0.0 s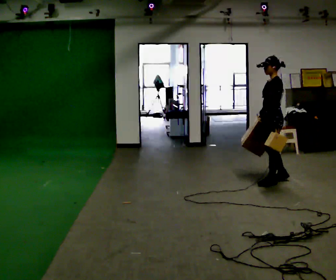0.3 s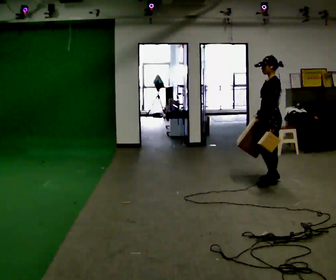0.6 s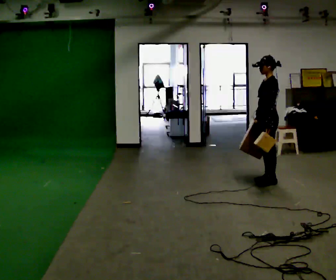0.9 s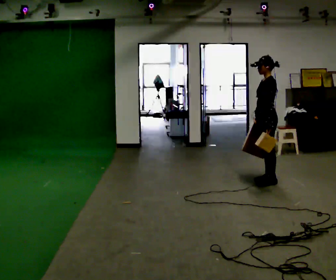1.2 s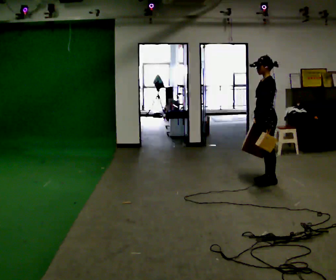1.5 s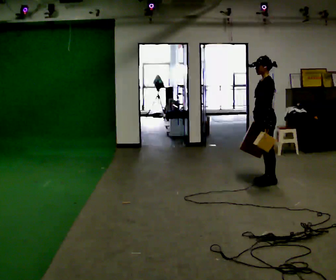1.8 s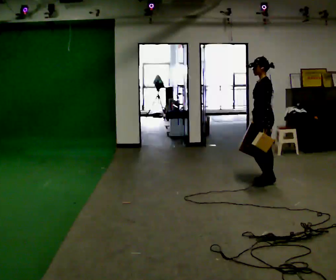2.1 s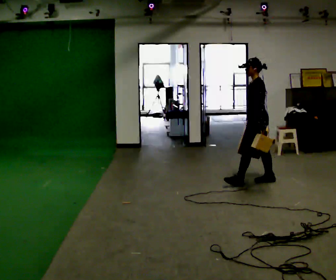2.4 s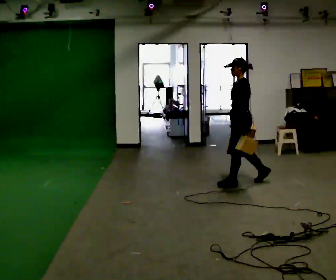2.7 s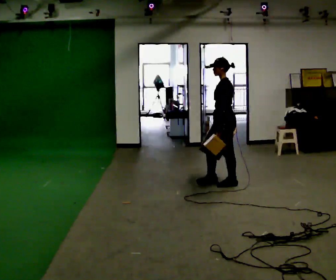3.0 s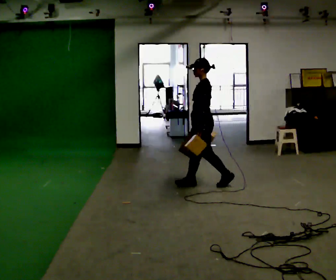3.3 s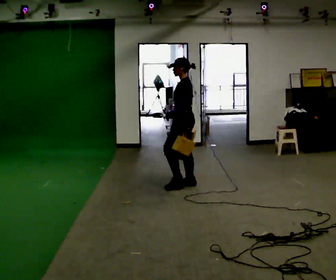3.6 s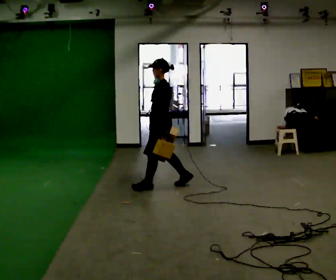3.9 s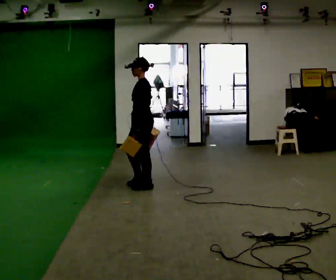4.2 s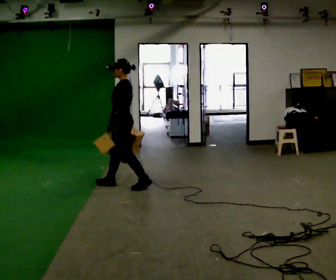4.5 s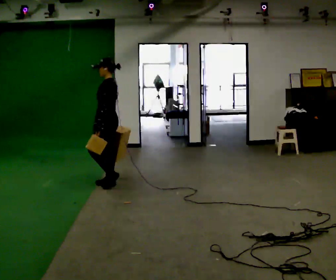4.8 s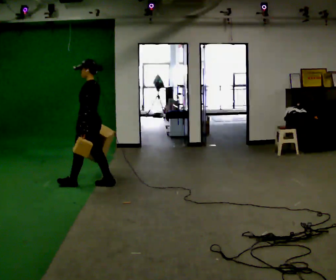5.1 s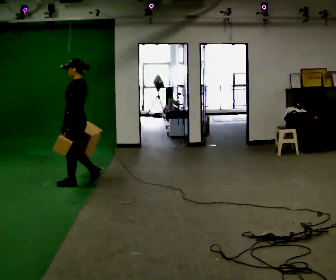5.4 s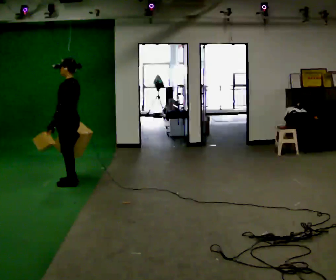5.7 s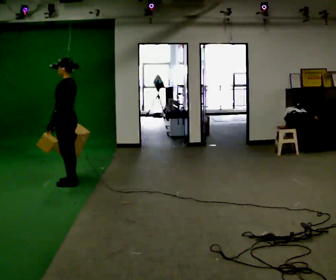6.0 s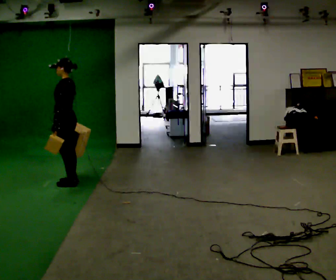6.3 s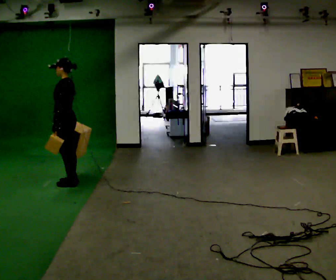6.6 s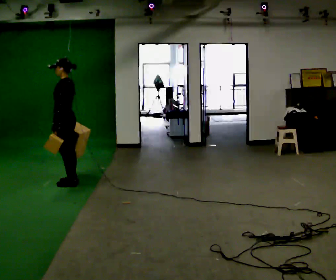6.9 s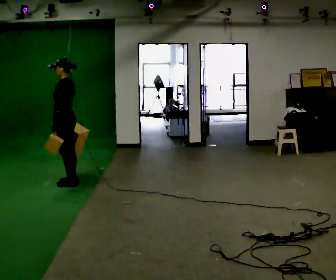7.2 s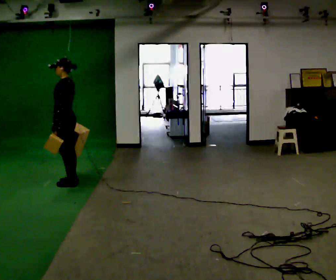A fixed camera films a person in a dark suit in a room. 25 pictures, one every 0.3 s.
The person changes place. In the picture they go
to the left.
0.0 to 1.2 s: The person moves a little, or ends about where they began.
1.2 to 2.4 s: In the picture they go to the left, about 0.25 m in 1 step, which for them is forward.
2.4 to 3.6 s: In the picture they go to the left, about 1 m in 2 steps, which for them is forward.
3.6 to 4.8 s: In the picture they go to the left, about 1 m in 2 steps, which for them is forward.
4.8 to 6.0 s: In the picture they go to the left, about 0.25 m in 1 step, which for them is forward.
6.0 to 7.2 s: The person keeps their place and pose.
The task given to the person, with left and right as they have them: Carry one object in each hand, the heavy one in the hand the operator calls, walking back and forth across the room.
The film runs forward here.
